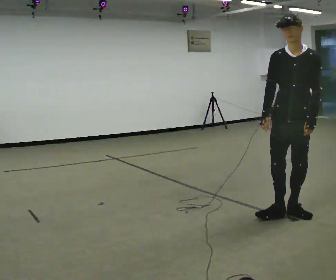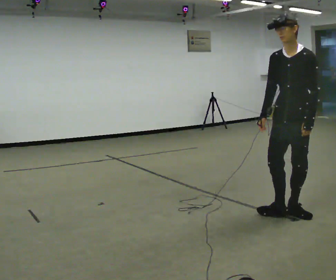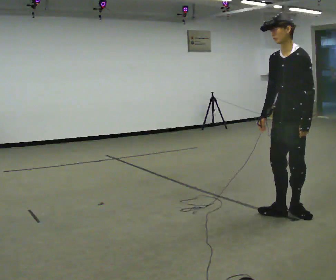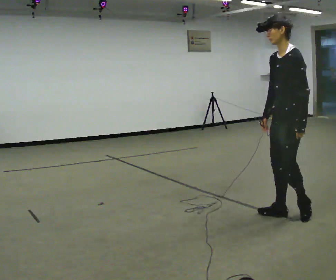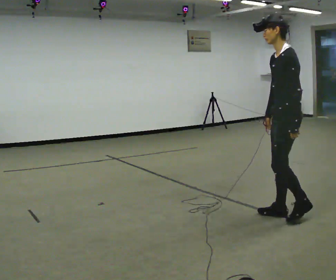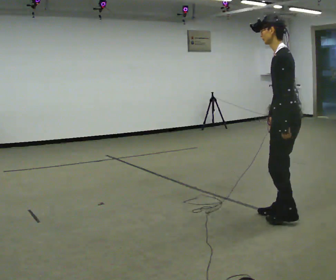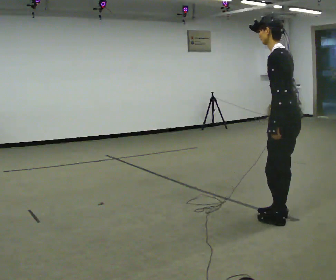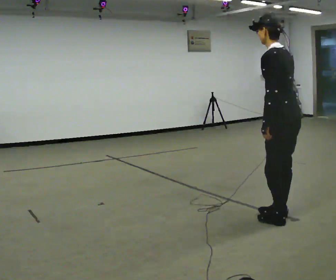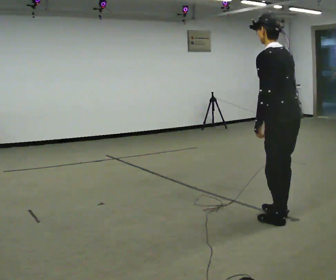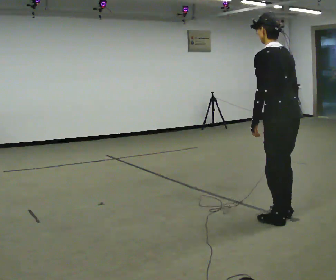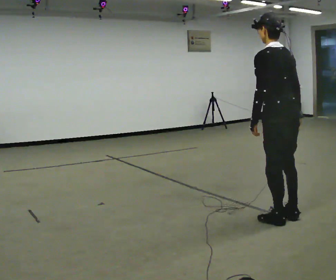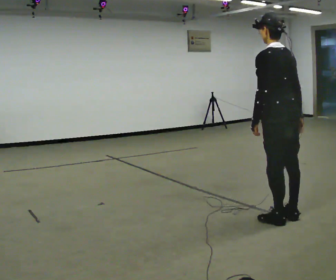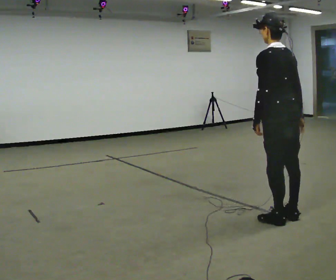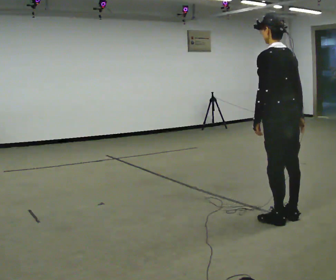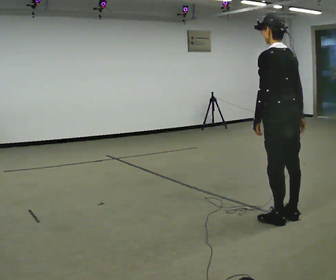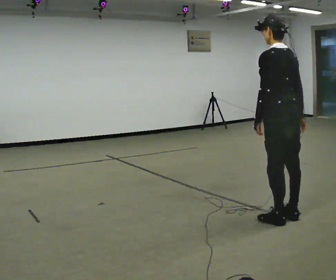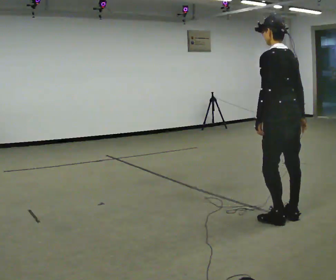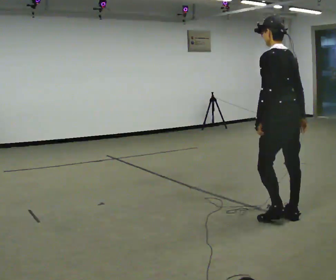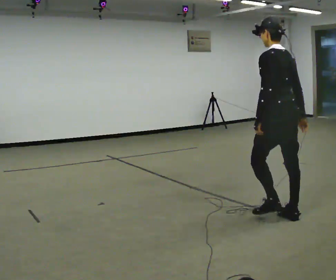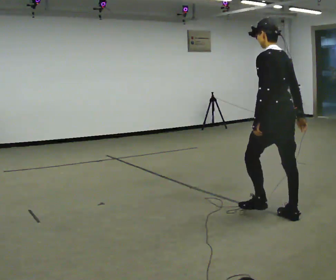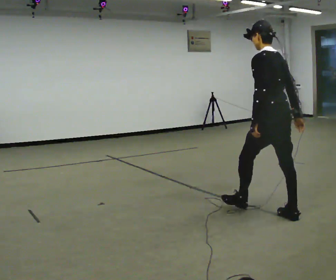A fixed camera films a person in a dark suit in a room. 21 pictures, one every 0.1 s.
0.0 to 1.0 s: Seen from above the body turns clockwise, about 120 degrees: to their right, with its near side sliding to the left. In the picture their right hand goes to the right, the arm swinging counterclockwise.
1.0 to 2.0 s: In the picture they go away from the camera, about 0.25 m, which for them is forward.
The film runs forward here.
